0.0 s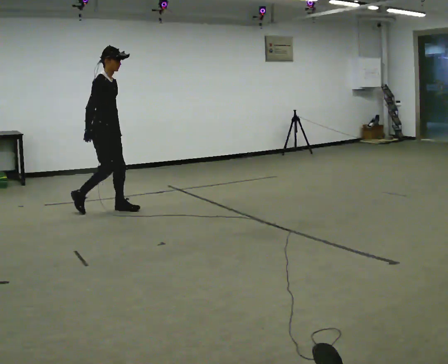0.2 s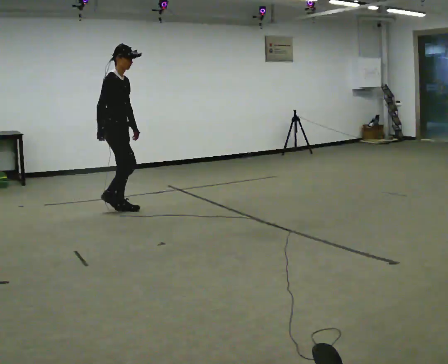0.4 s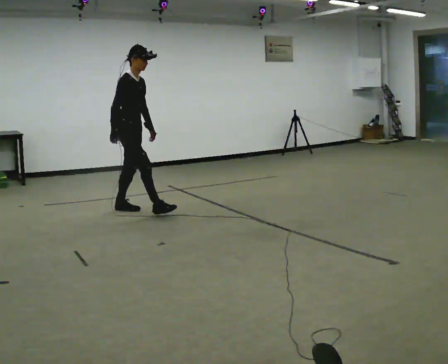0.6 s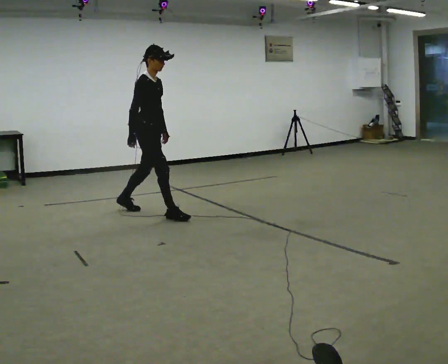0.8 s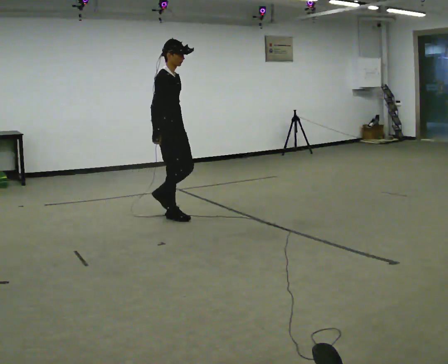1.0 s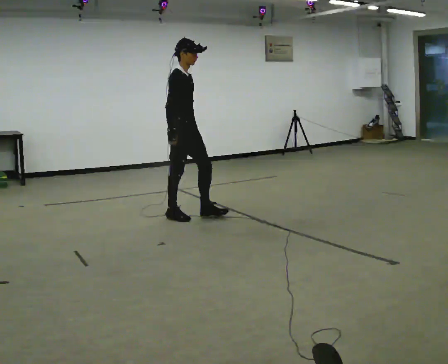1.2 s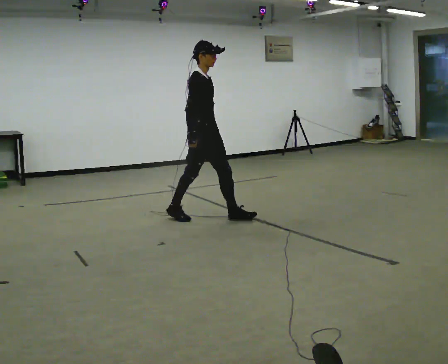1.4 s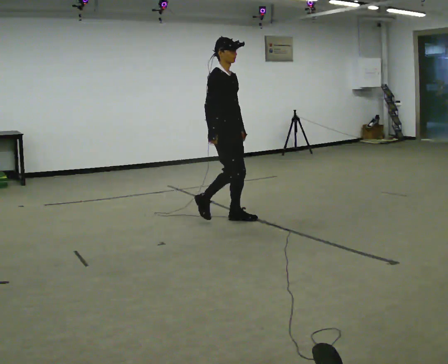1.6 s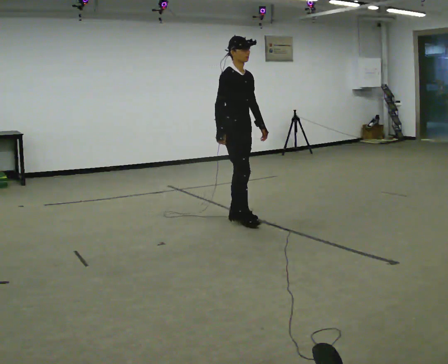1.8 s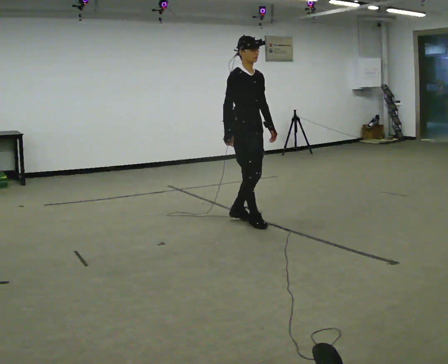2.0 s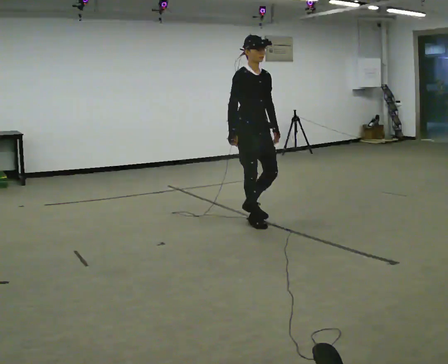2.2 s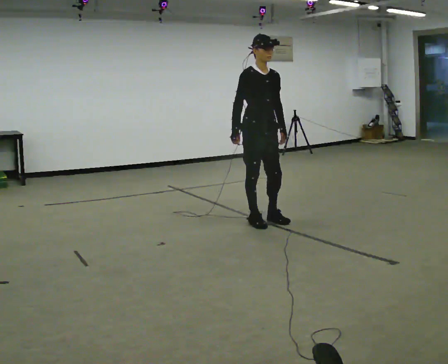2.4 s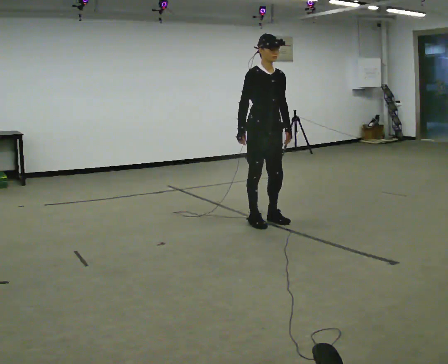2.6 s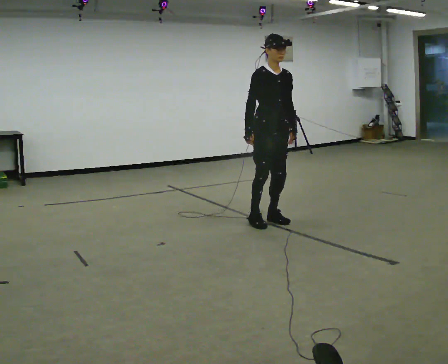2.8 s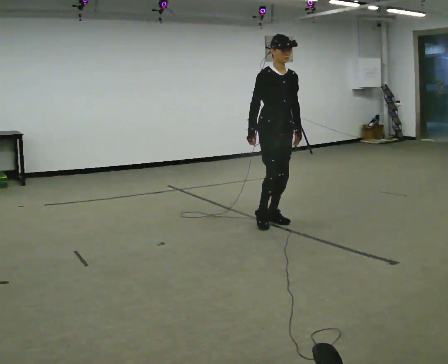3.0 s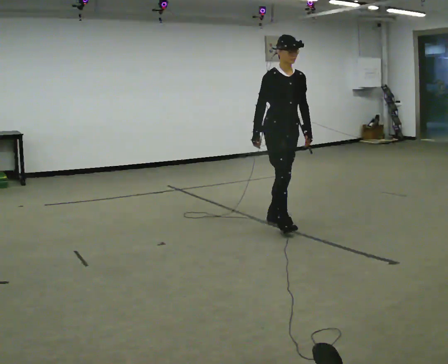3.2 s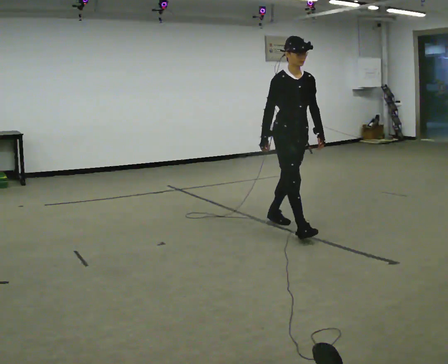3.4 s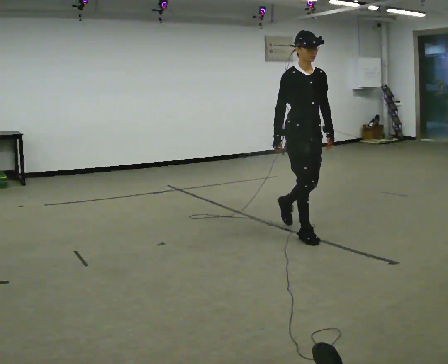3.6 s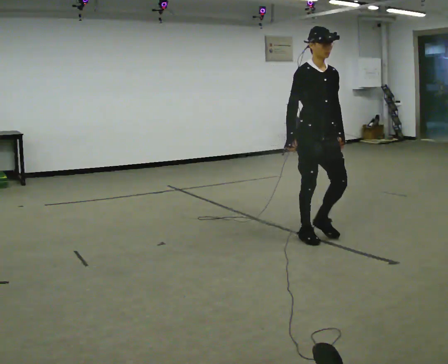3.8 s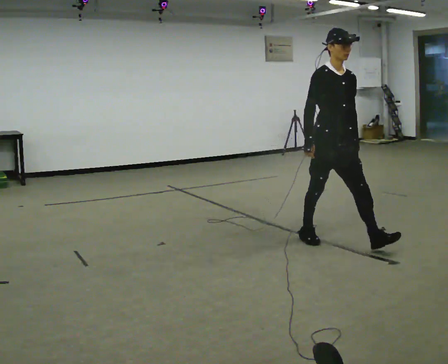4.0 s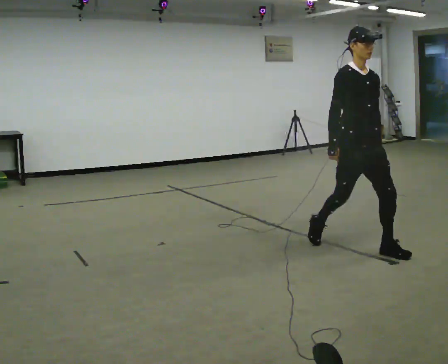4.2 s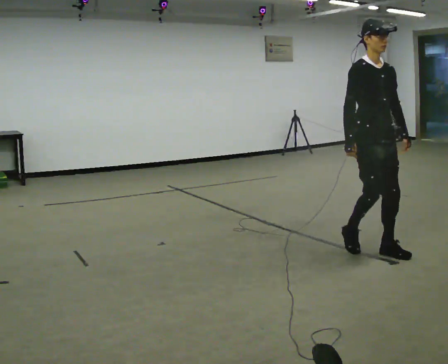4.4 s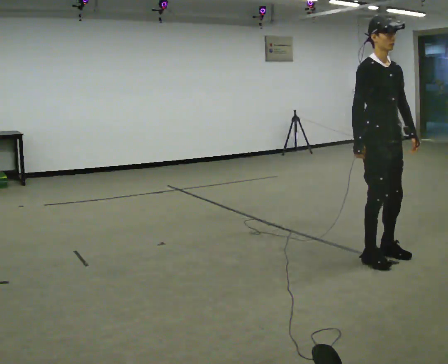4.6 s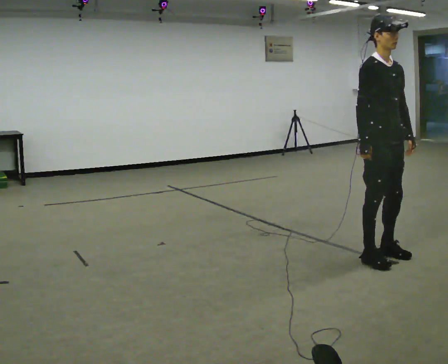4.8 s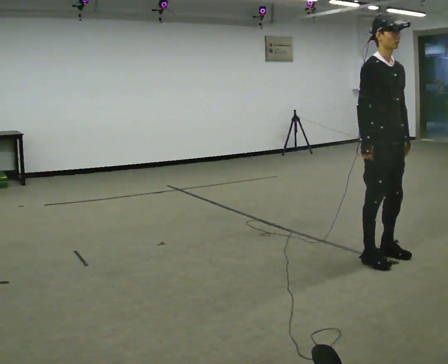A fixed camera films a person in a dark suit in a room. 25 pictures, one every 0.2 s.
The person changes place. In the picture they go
to the right.
0.0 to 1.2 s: In the picture they go to the right, about 1 m in 2 steps, which for them is forward.
1.2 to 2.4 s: Seen from above the body turns clockwise, about 30 degrees: to their right, with its near side sliding to the left. In the picture they go to the right, about 0.5 m in 2 steps, which for them is forward and to their left.
2.4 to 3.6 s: In the picture they go toward the camera and to the right, about 0.5 m in 1 step, which for them is forward.
3.6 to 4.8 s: In the picture they go toward the camera and to the right, about 0.75 m in 2 steps, which for them is forward.
The film runs forward here.
